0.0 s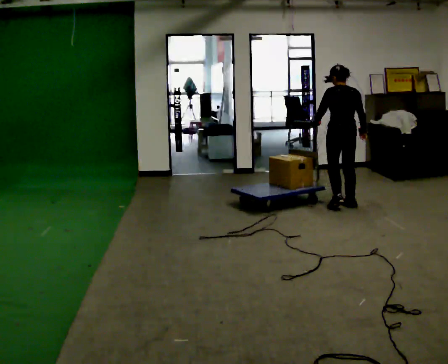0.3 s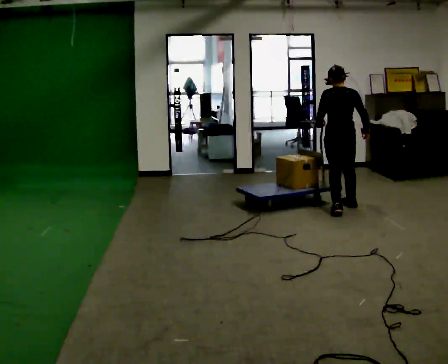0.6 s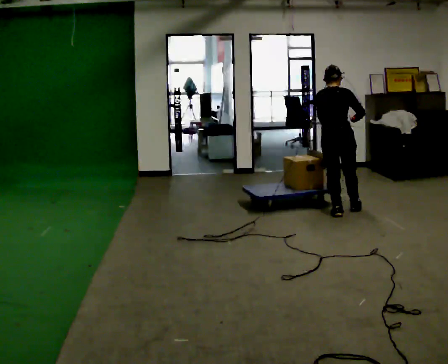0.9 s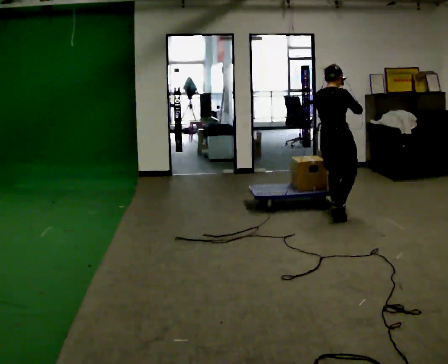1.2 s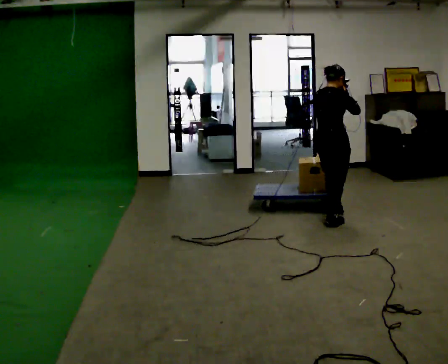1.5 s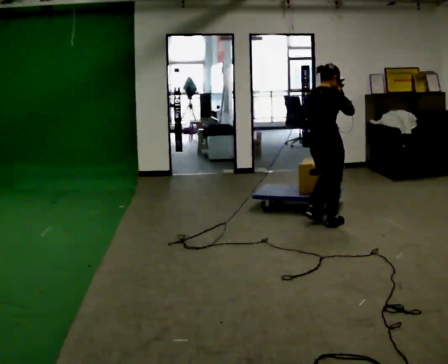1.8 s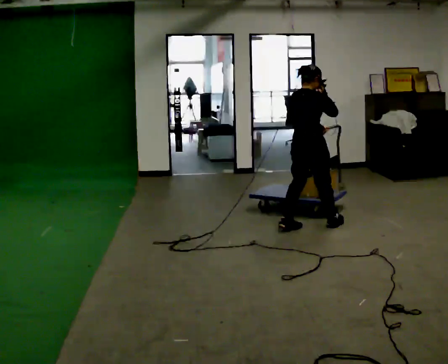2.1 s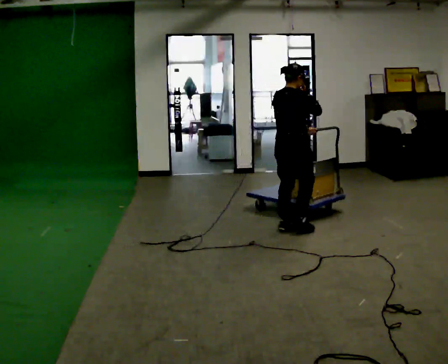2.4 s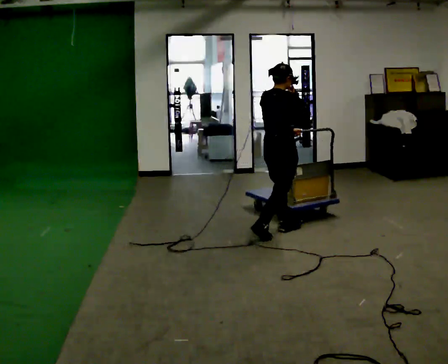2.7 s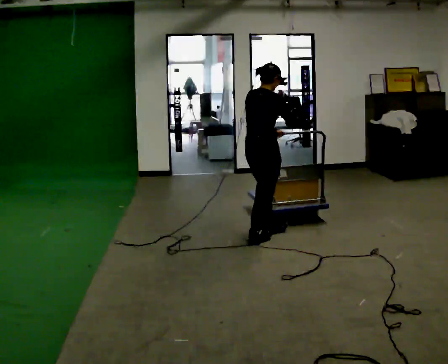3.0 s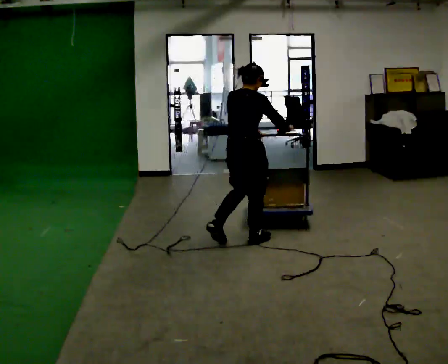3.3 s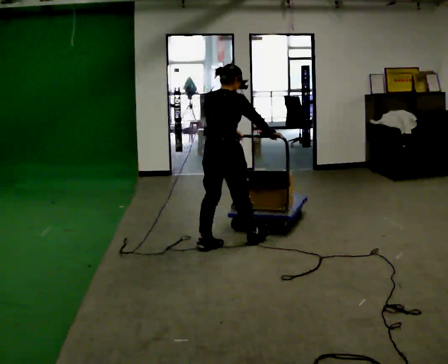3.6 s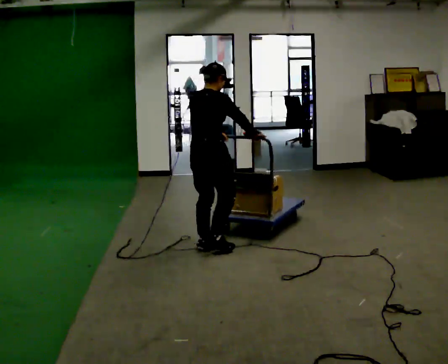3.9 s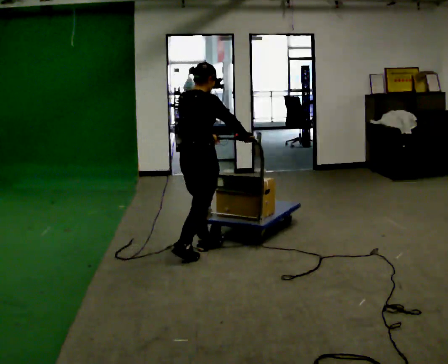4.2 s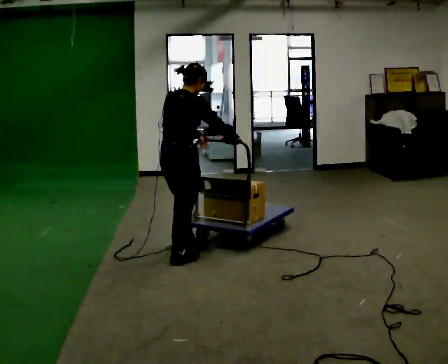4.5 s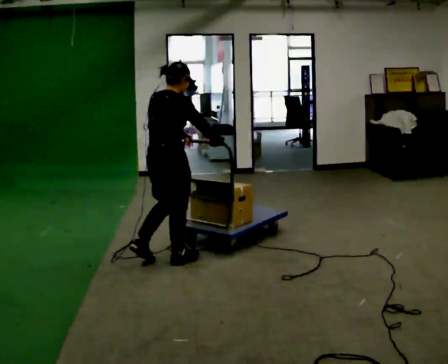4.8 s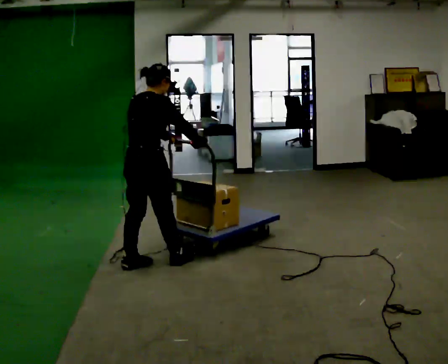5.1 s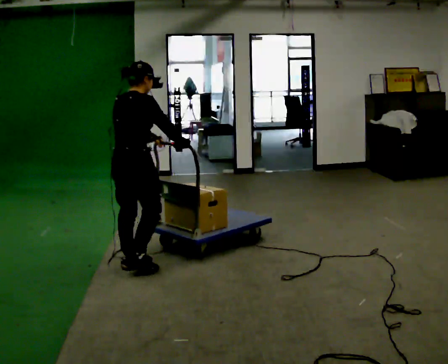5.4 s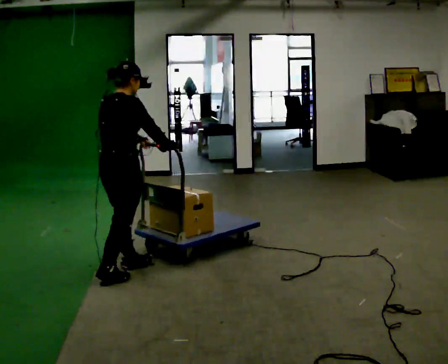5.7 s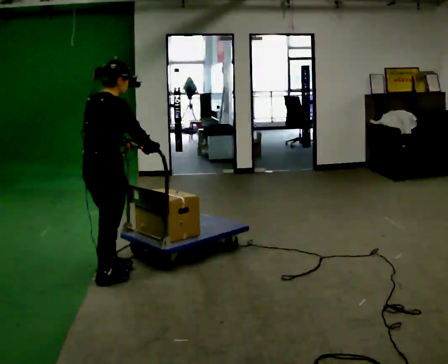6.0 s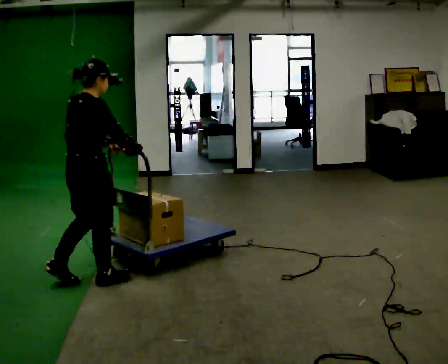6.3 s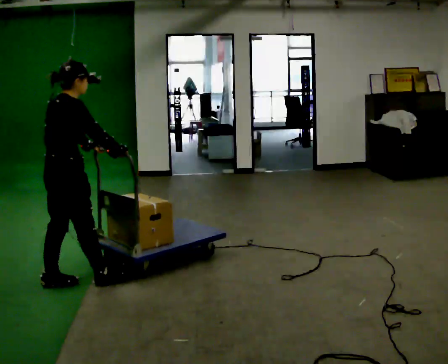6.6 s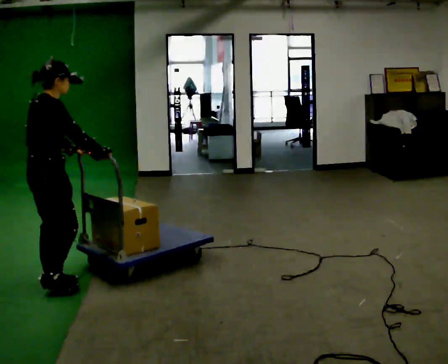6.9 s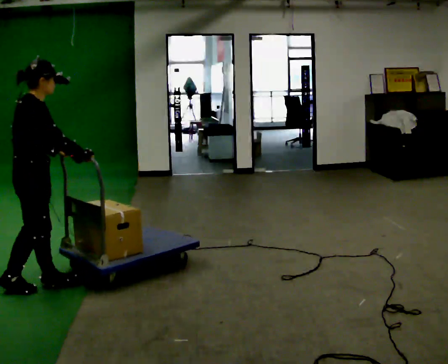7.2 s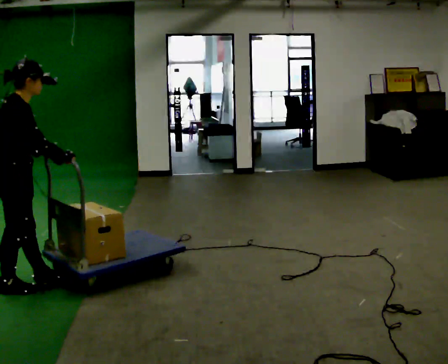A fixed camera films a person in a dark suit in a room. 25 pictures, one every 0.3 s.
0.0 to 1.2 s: The part of the body nearest the lens slides to the left as the person turns to their right by about 60 degrees. In the picture they go toward the camera and to the left, about 0.5 m in 1 step. In the picture their right hand goes upward.
1.2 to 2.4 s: In the picture they go to the left and toward the camera, about 0.5 m in 2 steps, which for them is backward.
2.4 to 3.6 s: In the picture they go to the left and toward the camera, about 0.5 m in 2 steps, which for them is backward.
3.6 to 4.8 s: In the picture they go toward the camera and to the left, about 0.5 m in 1 step, which for them is backward.
4.8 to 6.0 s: In the picture they go toward the camera and to the left, about 0.5 m in 2 steps, which for them is backward.
6.0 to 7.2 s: In the picture they go to the left and toward the camera, about 0.5 m in 1 step, which for them is backward.
The film runs backward here.
